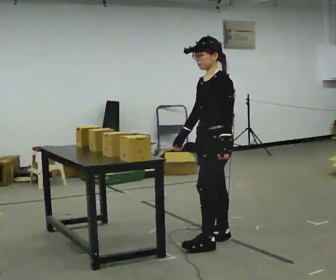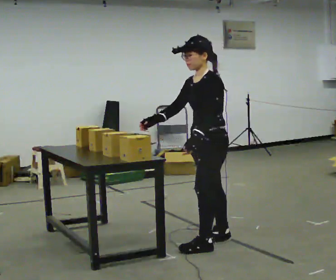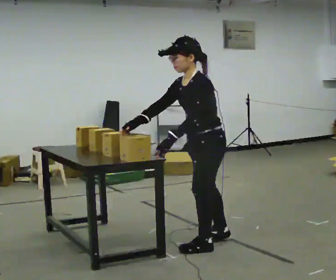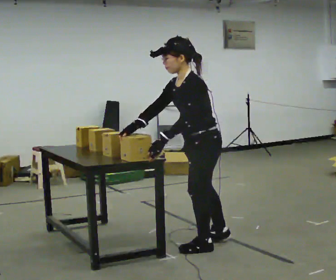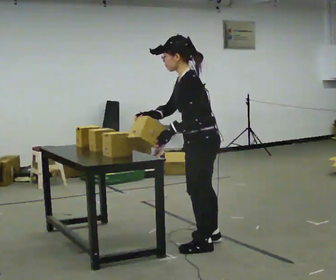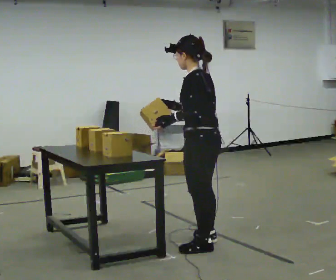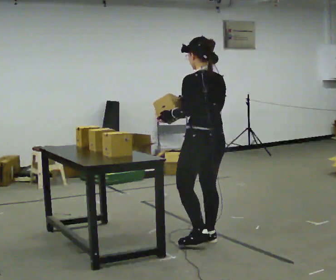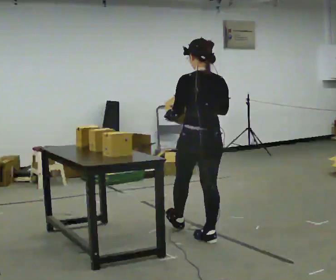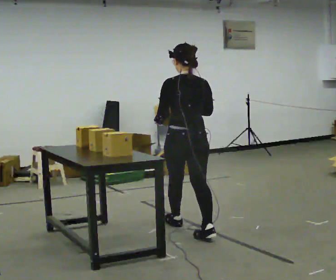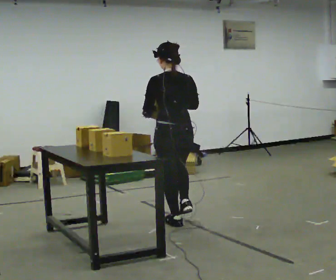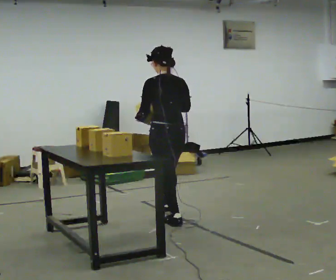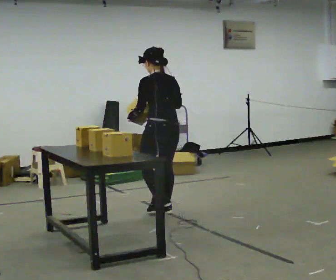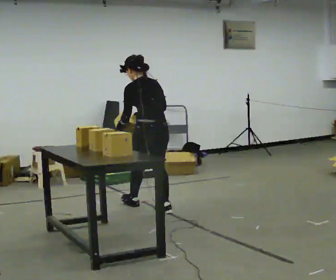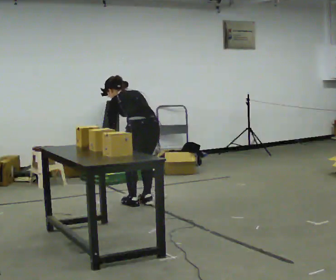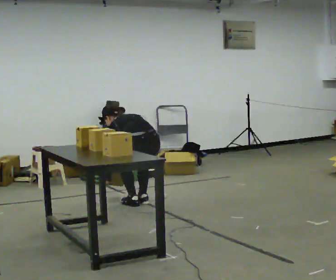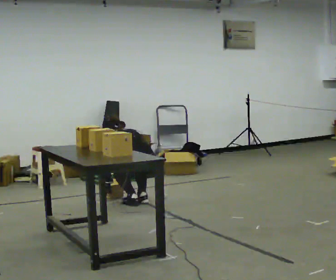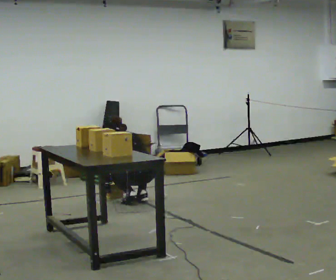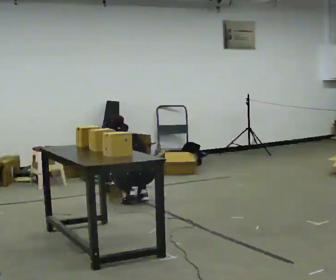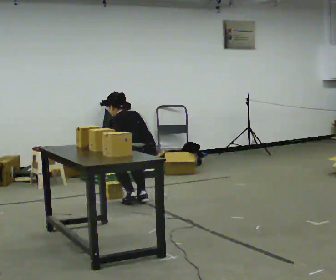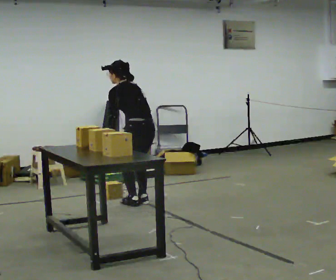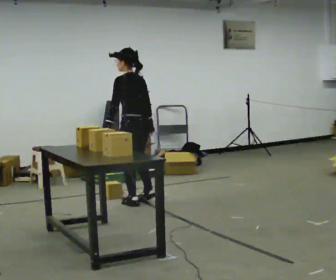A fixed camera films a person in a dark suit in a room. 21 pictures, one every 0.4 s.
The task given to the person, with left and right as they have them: Pick the fragile object up and set it back down as gently as you can. Repeat at your own pace until the operator says stop. Keep both feet on the marked spots for the whole take. If you have to step, stop and tell the operator.
0.0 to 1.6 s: The part of the body nearest the lens slides to the left as the person turns to their right by about 30 degrees. In the picture they go toward the camera, about 0.25 m, which for them is to their left and forward. In the picture their left hand goes to the left.
1.6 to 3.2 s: The person turns about 75 degrees to their right, clockwise seen from above, so the part of the body nearest the lens slides to the left. In the picture they go away from the camera, about 0.5 m in 1 step. In the picture the upper body tilts clockwise, shoulders to the right.
3.2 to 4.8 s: In the picture they go away from the camera, about 1 m in 2 steps, which for them is forward.
4.8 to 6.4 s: In the picture they go away from the camera, about 0.25 m in 1 step, which for them is forward. The upper body goes downward. In the picture their right hand goes downward.
6.4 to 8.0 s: The person turns about 30 degrees to their left, counterclockwise seen from above, so the part of the body nearest the lens slides to the right. The upper body goes upward. The upper body tips toward the camera, its near side rolling downward, as they lean back or straighten. In the picture their right hand goes upward and to the right.
The film runs forward here.
